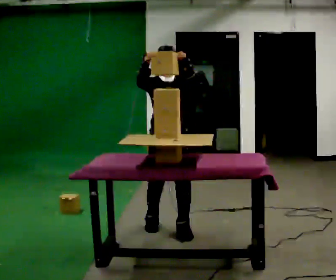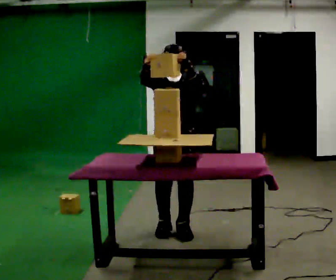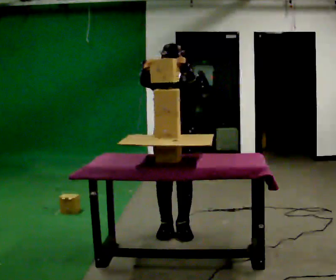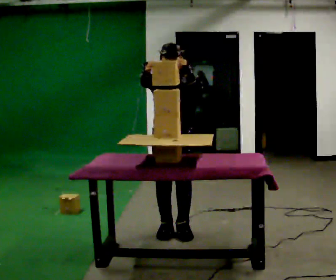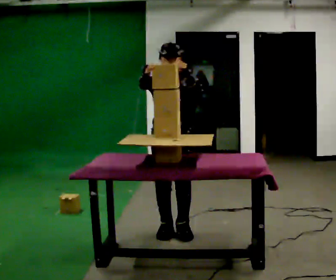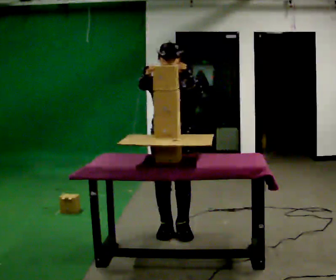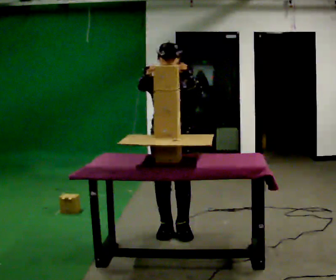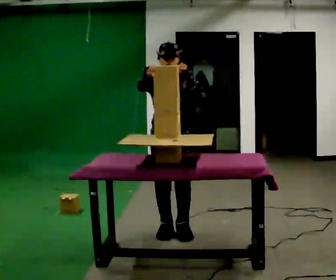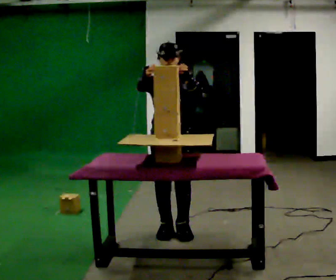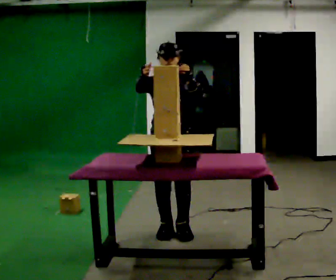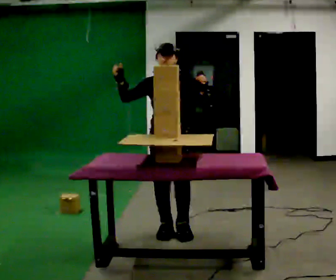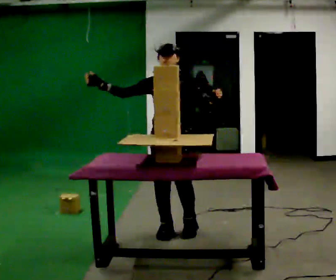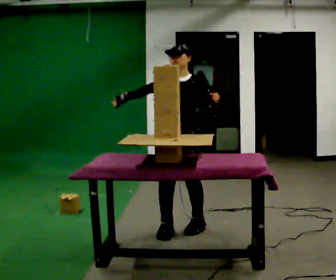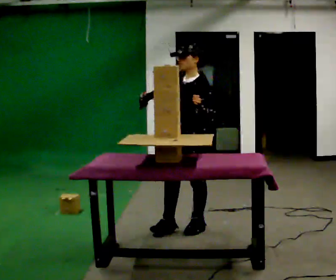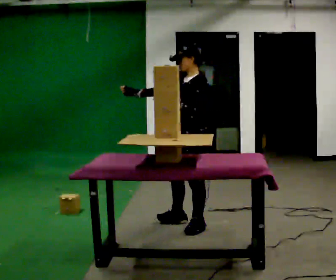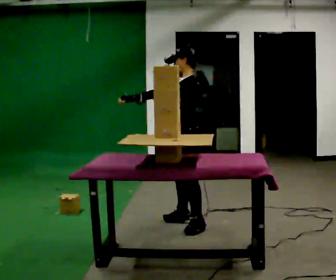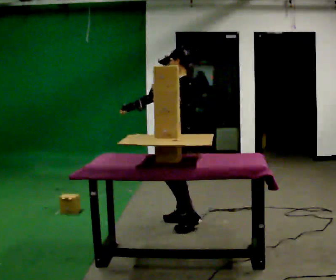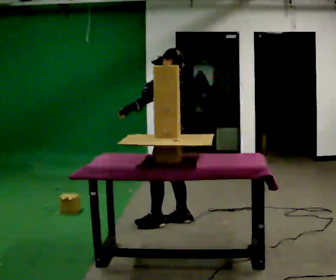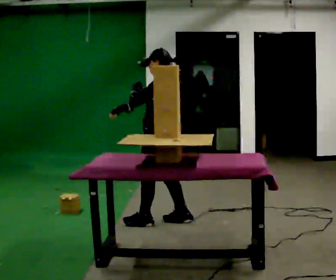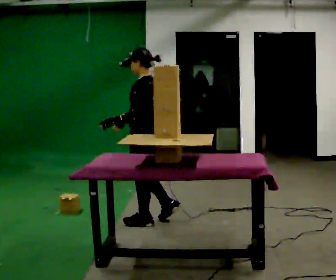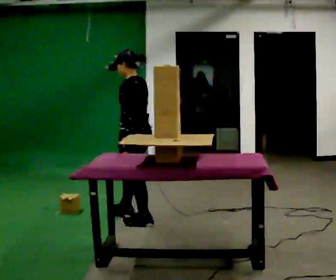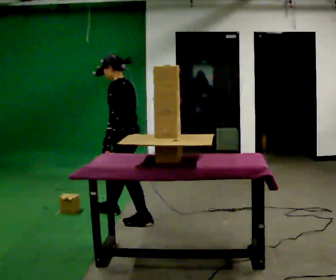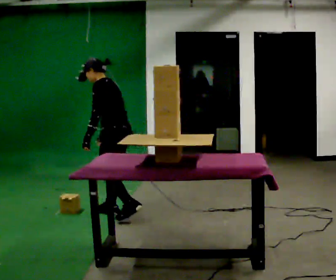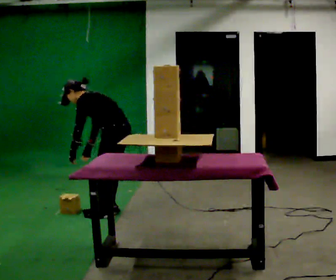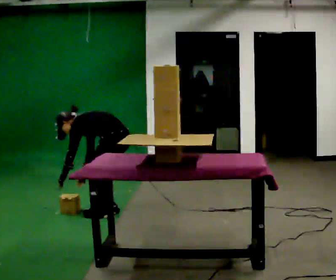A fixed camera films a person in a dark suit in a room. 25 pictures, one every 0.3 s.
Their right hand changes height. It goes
downward.
The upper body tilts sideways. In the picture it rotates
counterclockwise.
0.0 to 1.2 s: The person moves a little, or ends about where they began.
1.2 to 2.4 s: The person keeps their place and pose.
2.4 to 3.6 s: The person moves a little, or ends about where they began.
3.6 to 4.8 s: The person turns about 75 degrees to their right, clockwise seen from above, so the part of the body nearest the lens slides to the left. In the picture they go away from the camera, about 0.25 m in 1 step.
4.8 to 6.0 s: In the picture they go to the left, about 0.25 m in 1 step, which for them is forward. In the picture their left hand goes downward.
6.0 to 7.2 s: In the picture they go away from the camera and to the left, about 0.25 m in 2 steps, which for them is forward and to their right. The shoulders move downward. In the picture the upper body tilts counterclockwise, shoulders to the left, as they bend forward. In the picture their right hand goes downward.
The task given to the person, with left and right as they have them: Carry the object over and set it down on the wobbly board without tipping it over. Keep going until the operator says stop; one object at a time, and do not rush between trips.
The film runs forward here.
